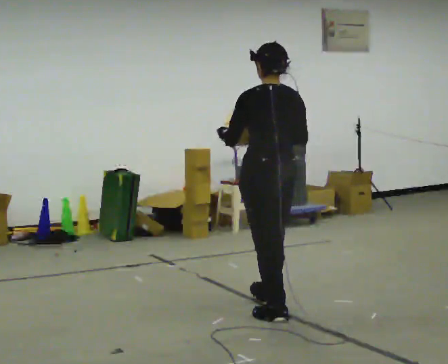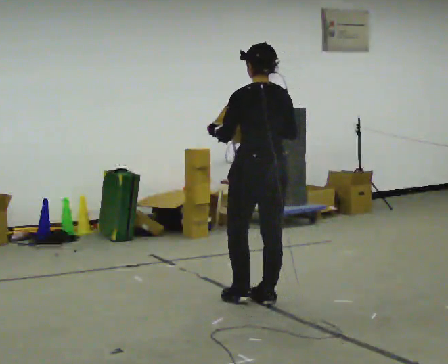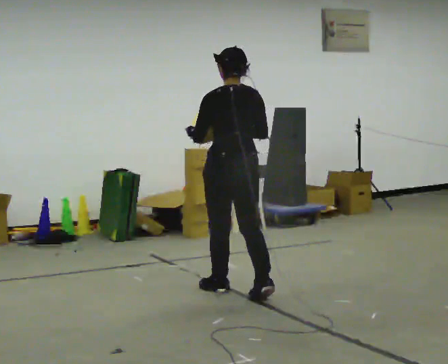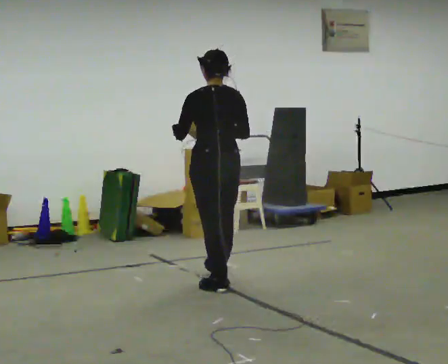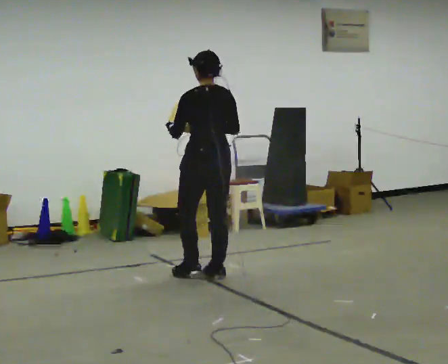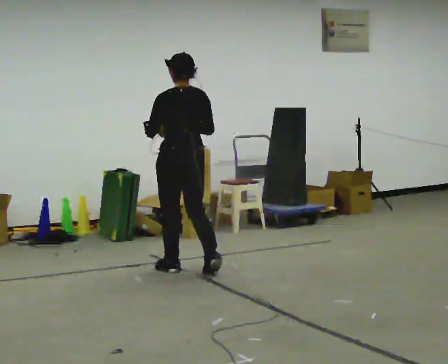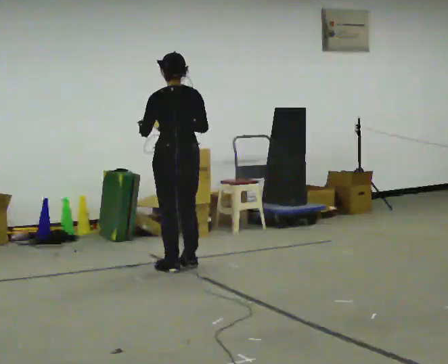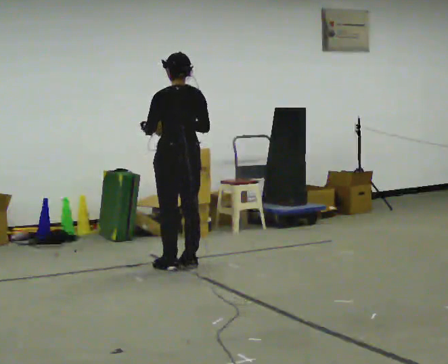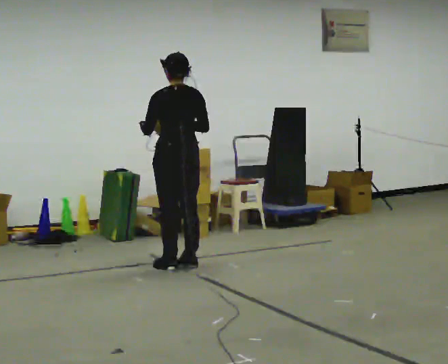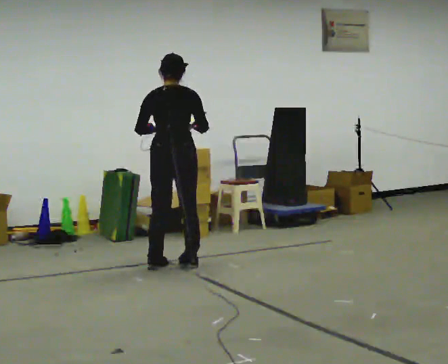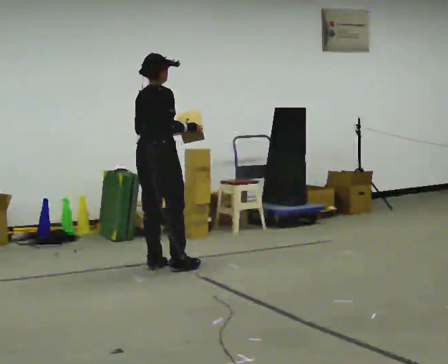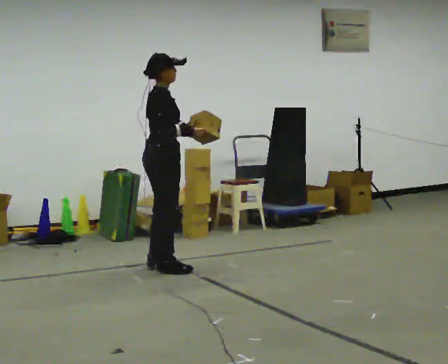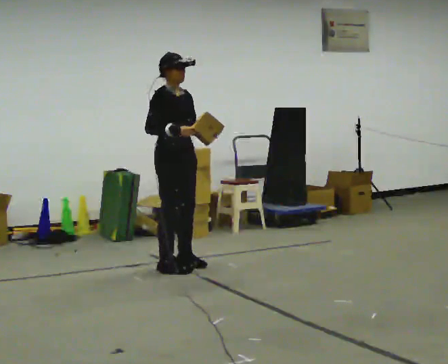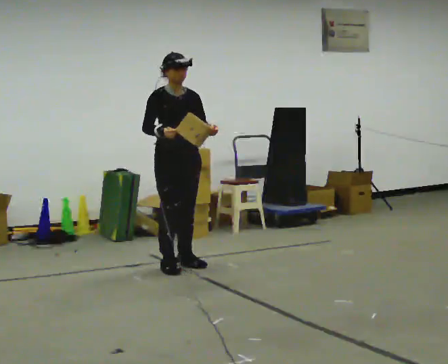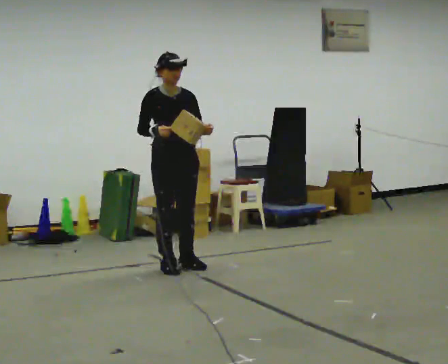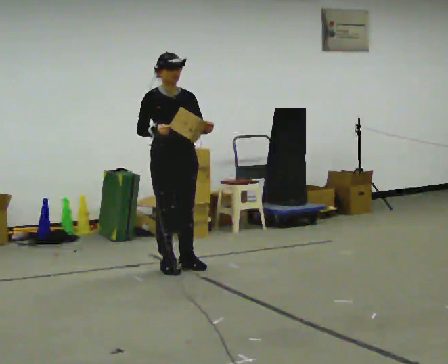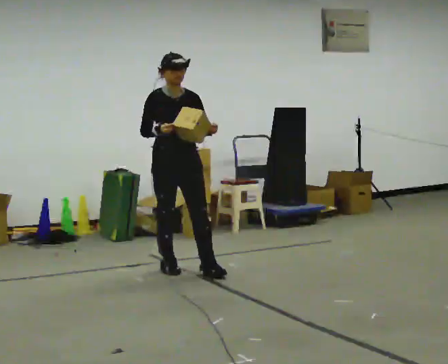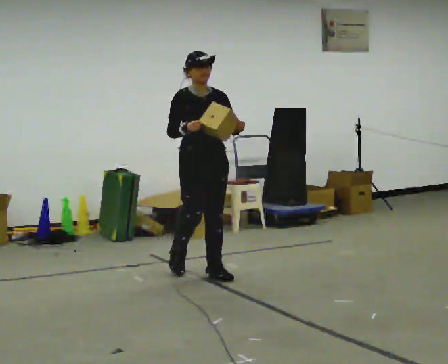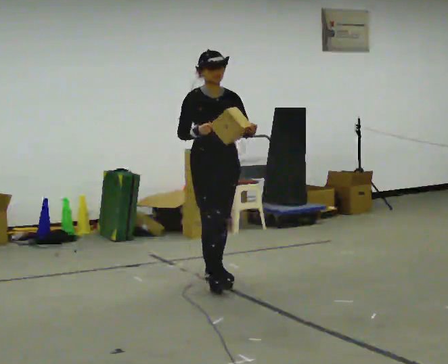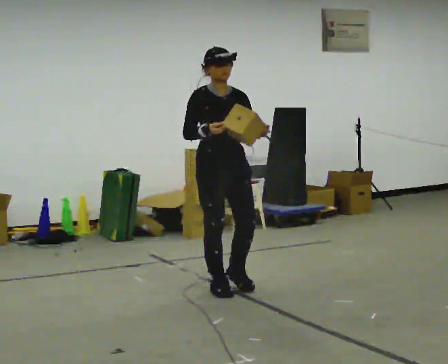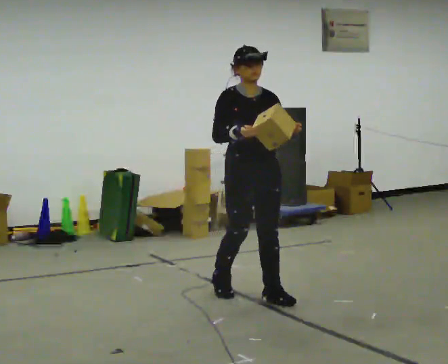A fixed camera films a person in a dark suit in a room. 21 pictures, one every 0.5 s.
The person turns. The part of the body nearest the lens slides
to the left.
The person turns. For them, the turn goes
to their right.
0.0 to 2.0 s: In the picture they go away from the camera, about 1 m in 2 steps, which for them is forward.
2.0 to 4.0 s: In the picture they go away from the camera and to the left, about 0.5 m in 2 steps, which for them is forward.
4.0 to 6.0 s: The person turns about 150 degrees to their right, clockwise seen from above, so the part of the body nearest the lens slides to the left. In the picture their left hand goes to the right.
6.0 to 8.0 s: The person turns about 30 degrees to their right, clockwise seen from above, so the part of the body nearest the lens slides to the left. In the picture they go toward the camera, about 0.25 m, which for them is forward.
8.0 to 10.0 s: In the picture they go toward the camera and to the right, about 1 m in 3 steps, which for them is forward.
The film runs forward here.
